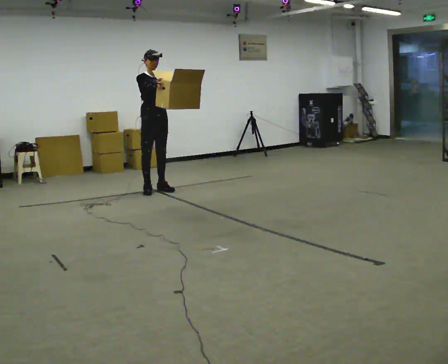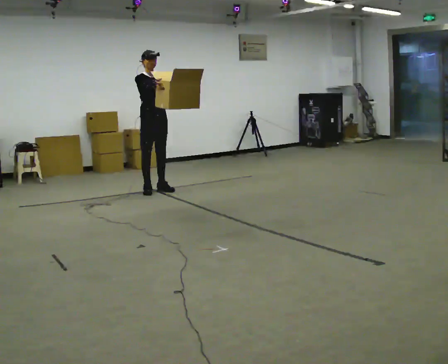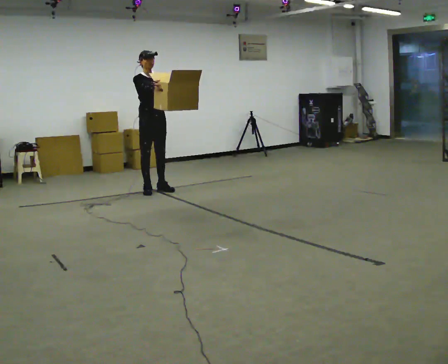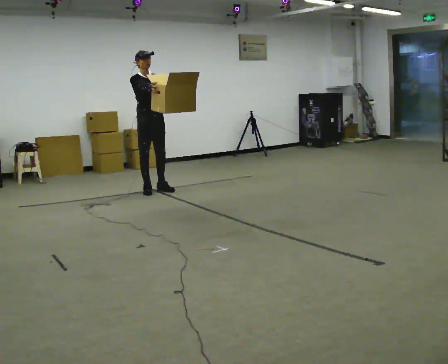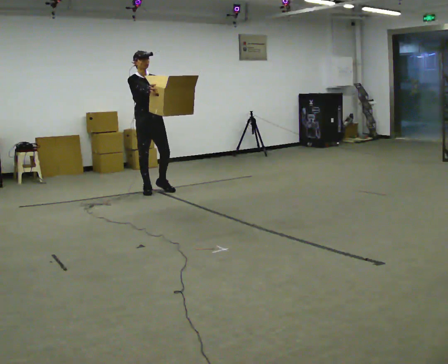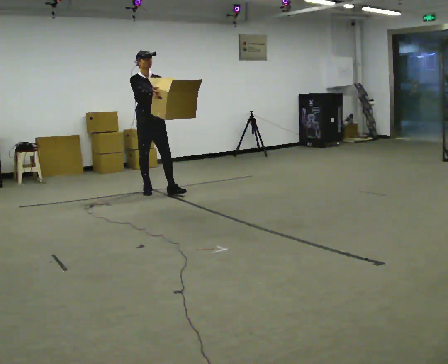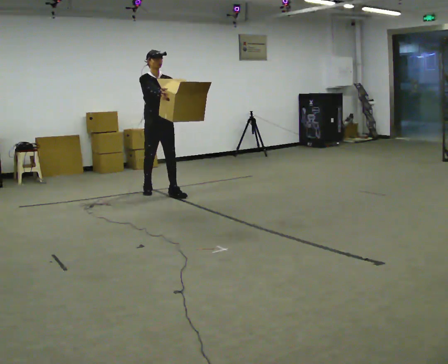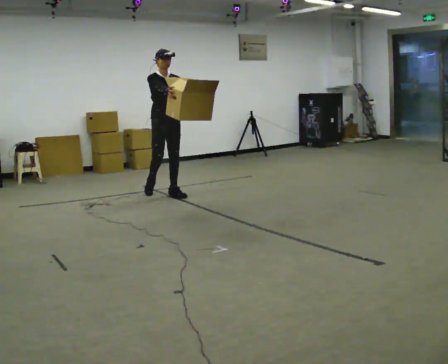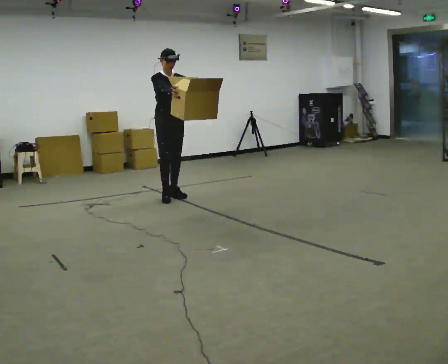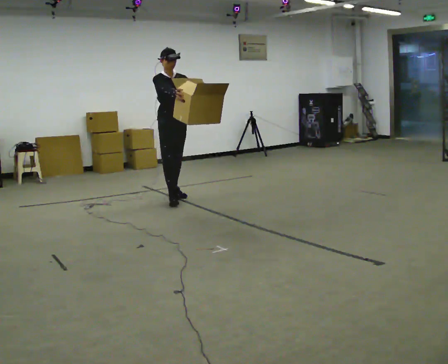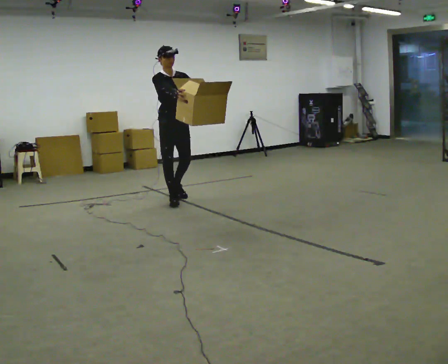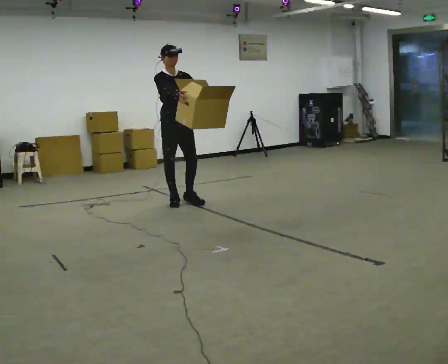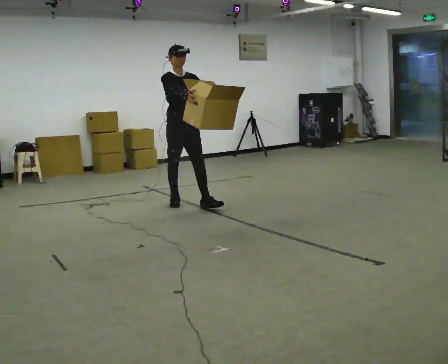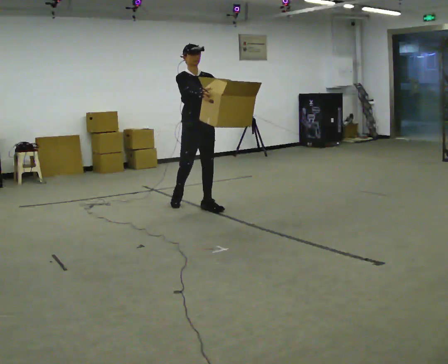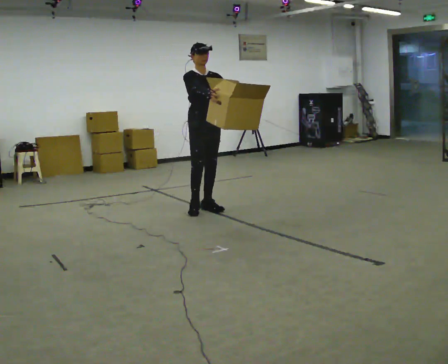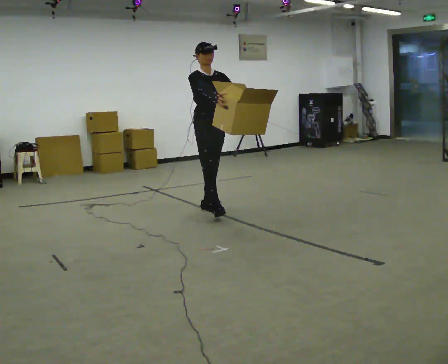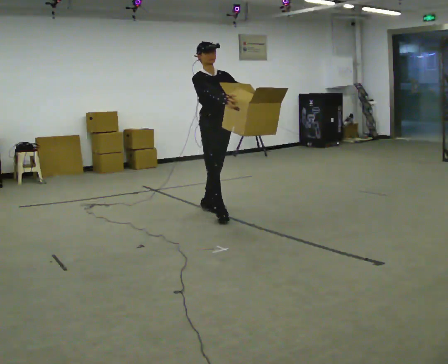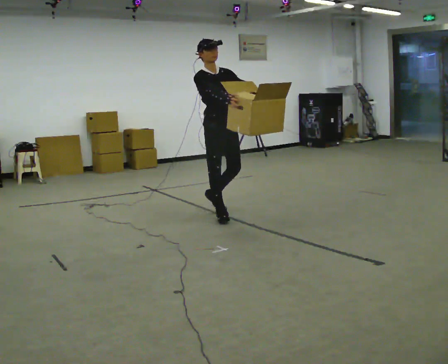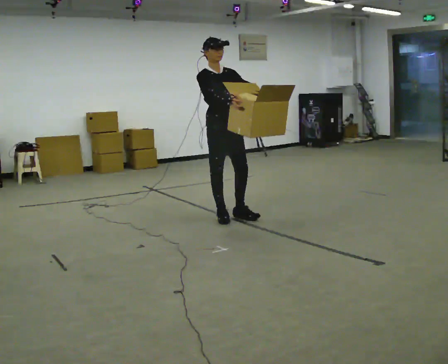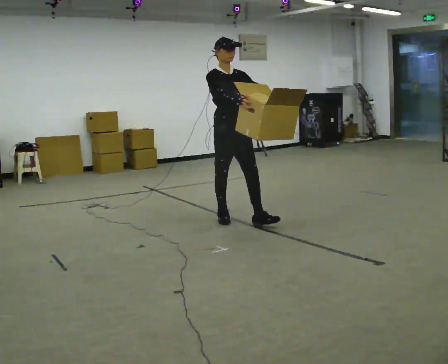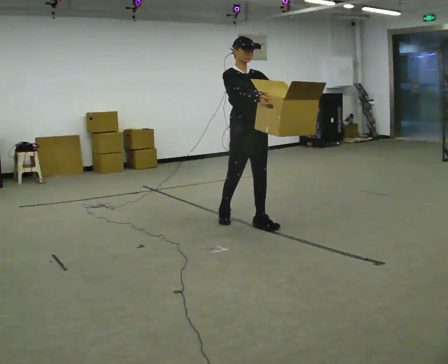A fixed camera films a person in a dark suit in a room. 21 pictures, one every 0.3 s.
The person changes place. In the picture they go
toward the camera.
0.0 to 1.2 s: The person moves a little, or ends about where they began.
1.2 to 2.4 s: In the picture they go to the right and toward the camera, about 0.25 m in 1 step, which for them is forward and to their left.
2.4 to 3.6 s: In the picture they go toward the camera, about 0.5 m in 1 step, which for them is forward.
3.6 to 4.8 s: In the picture they go toward the camera and to the right, about 0.5 m in 2 steps, which for them is forward.
4.8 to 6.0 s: In the picture they go toward the camera and to the right, about 0.5 m in 1 step, which for them is forward.
The film runs forward here.
